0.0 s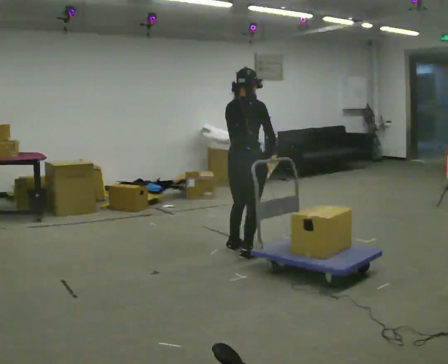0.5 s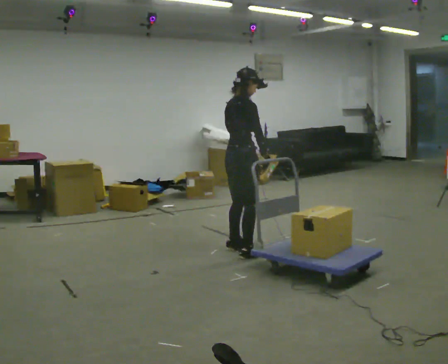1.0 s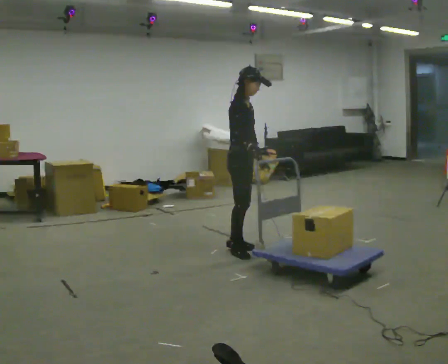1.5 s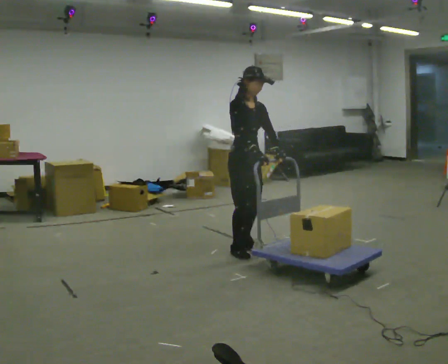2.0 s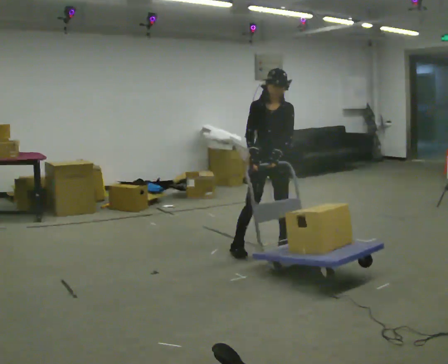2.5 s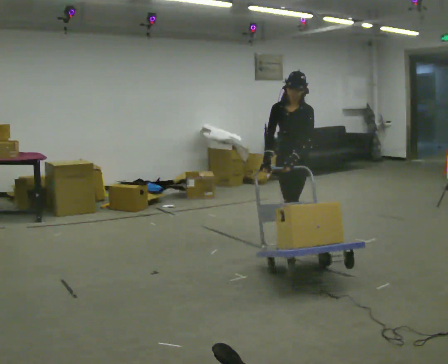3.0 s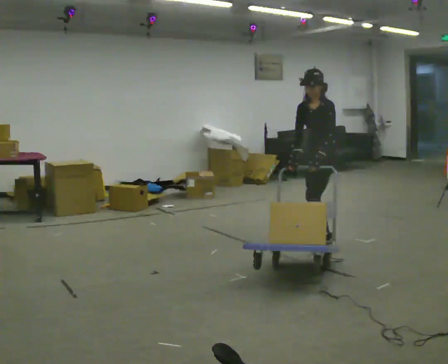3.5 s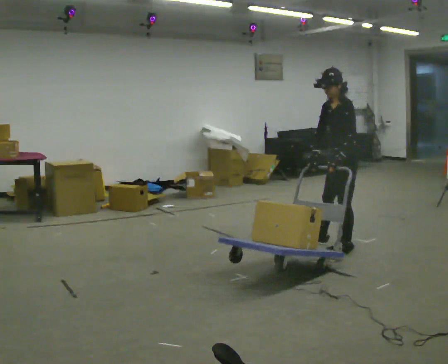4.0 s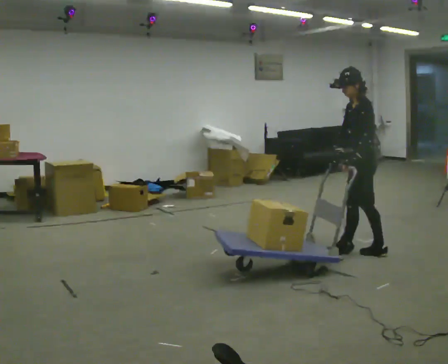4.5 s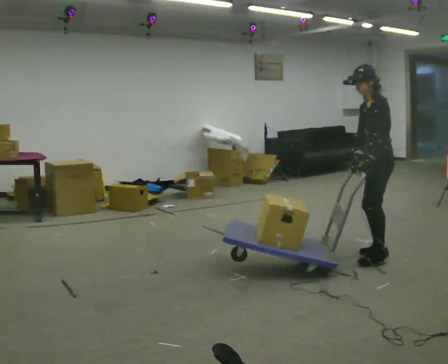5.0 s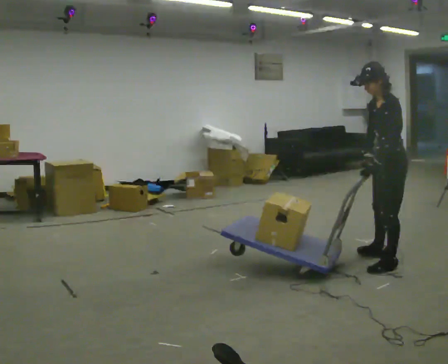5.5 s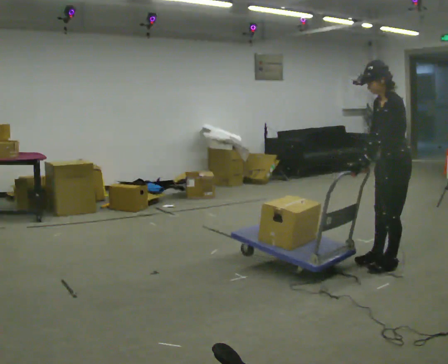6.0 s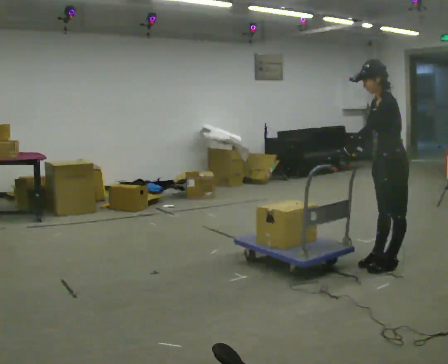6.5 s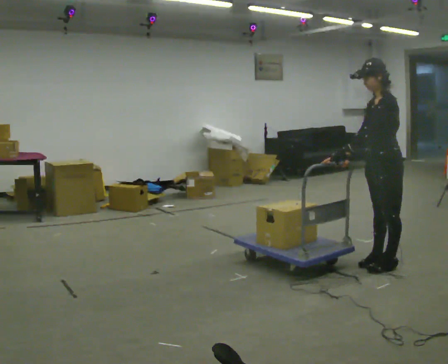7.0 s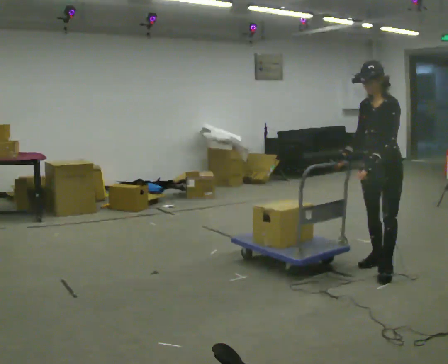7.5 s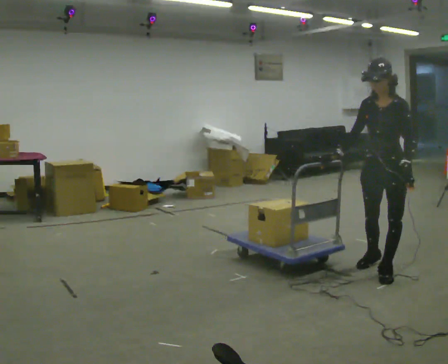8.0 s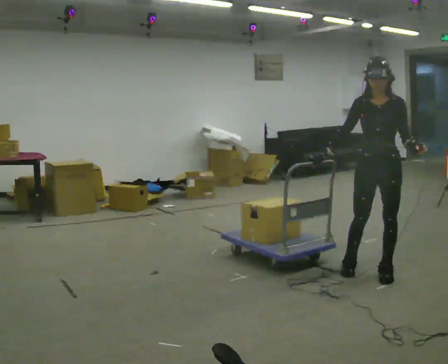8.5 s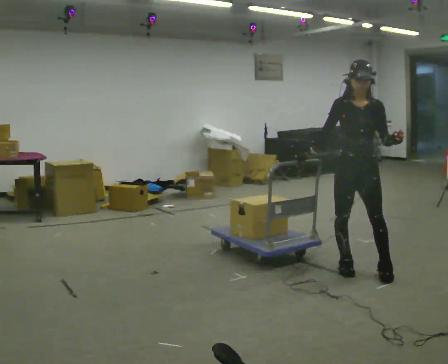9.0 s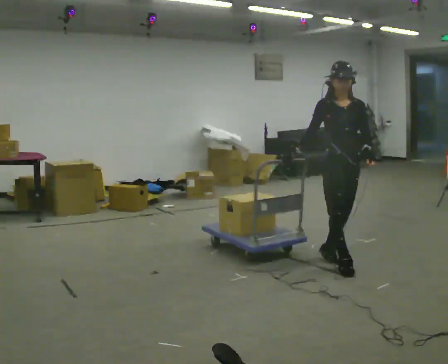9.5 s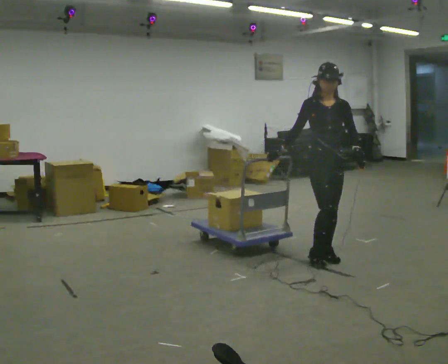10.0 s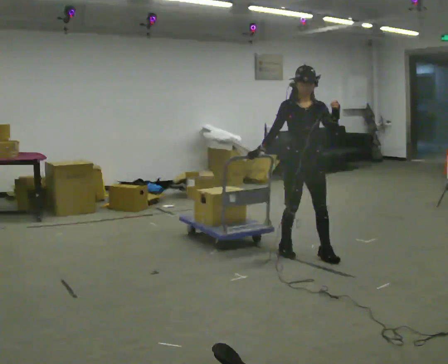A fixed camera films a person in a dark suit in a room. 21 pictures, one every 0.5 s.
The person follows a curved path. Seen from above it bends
clockwise.
0.0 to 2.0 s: Seen from above the body turns clockwise, about 150 degrees: to their right, with its near side sliding to the left. In the picture they go away from the camera and to the right, about 0.25 m in 2 steps.
2.0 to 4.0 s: The part of the body nearest the lens slides to the left as the person turns to their right by about 105 degrees. In the picture they go to the right, about 1 m in 2 steps.
4.0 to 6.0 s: In the picture they go toward the camera and to the right, about 0.5 m in 2 steps, which for them is to their left.
6.0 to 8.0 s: Seen from above the body turns counterclockwise, about 75 degrees: to their left, with its near side sliding to the right. In the picture they go toward the camera, about 0.25 m in 2 steps. In the picture their left hand goes to the right, the arm swinging counterclockwise.
8.0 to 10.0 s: Seen from above the body turns counterclockwise, about 30 degrees: to their left, with its near side sliding to the right. In the picture they go to the left and away from the camera, about 1 m in 2 steps, which for them is backward and to their right.
The film runs backward here.
